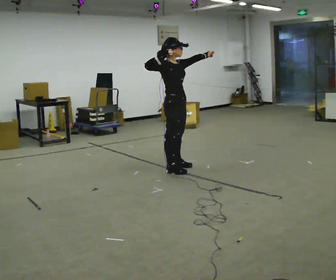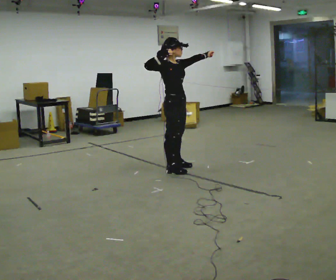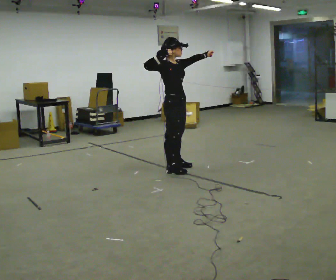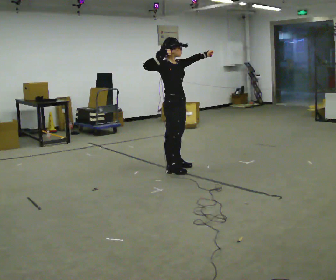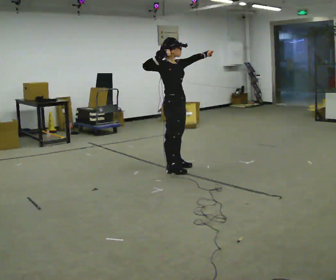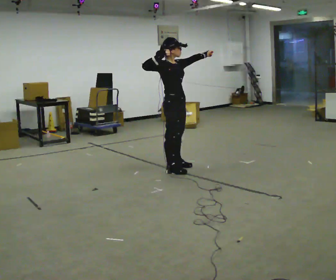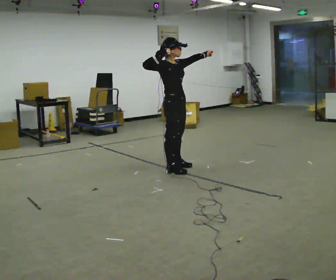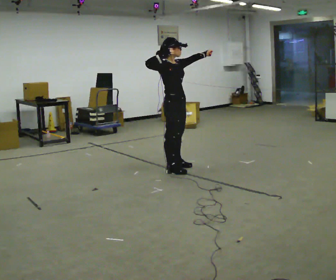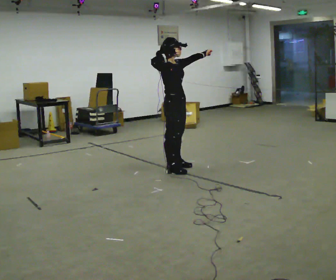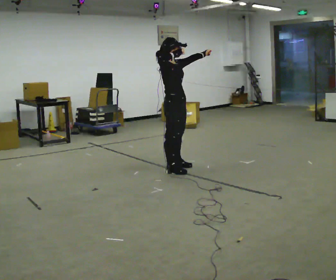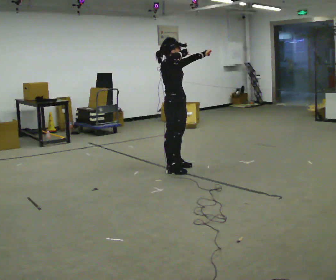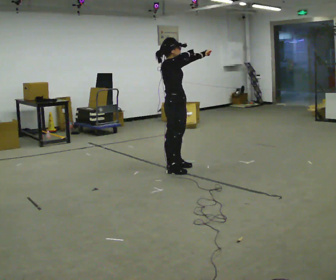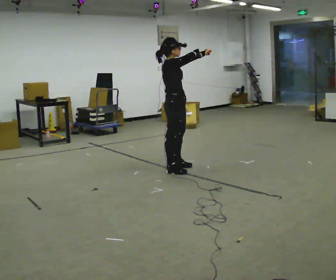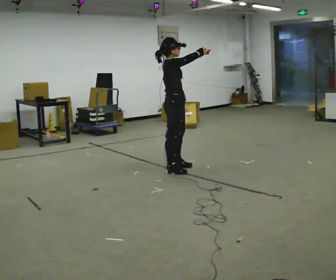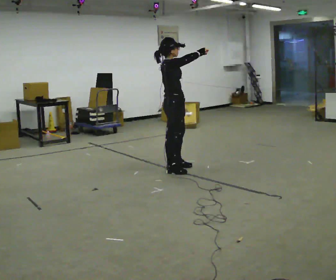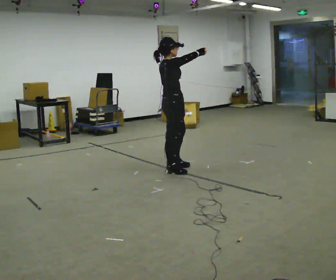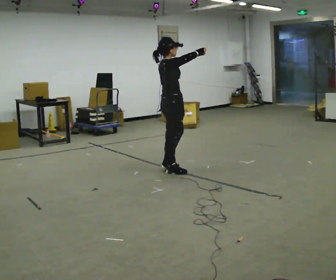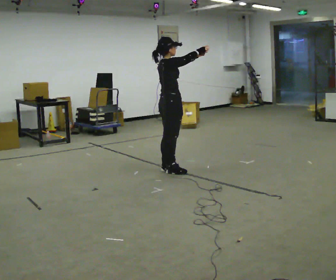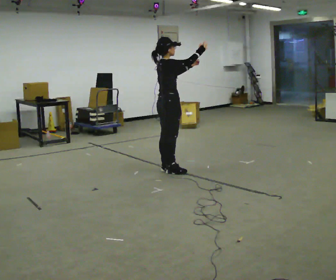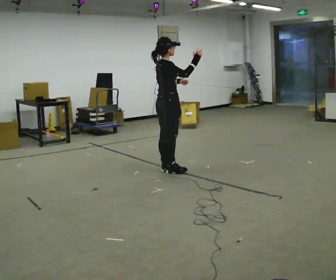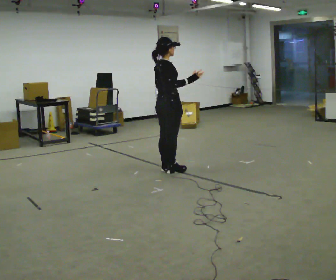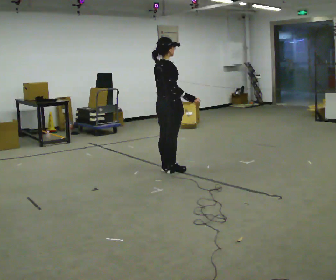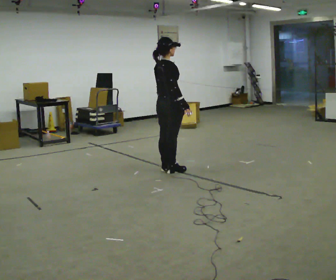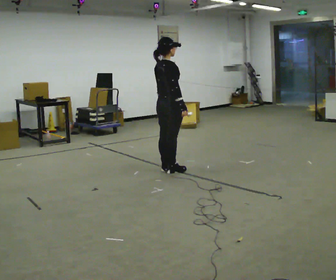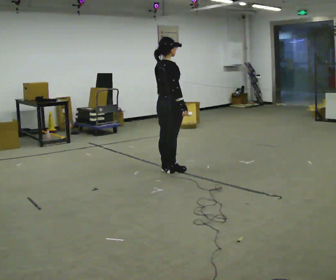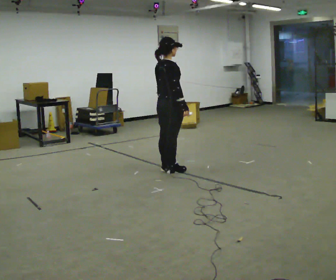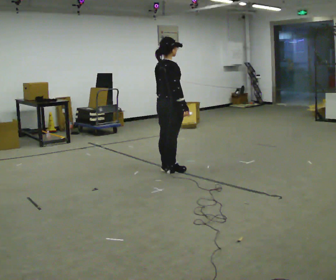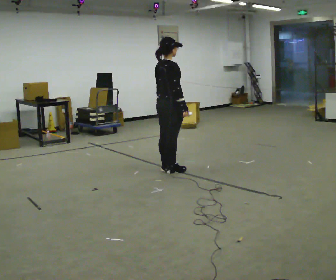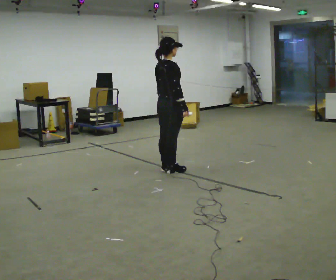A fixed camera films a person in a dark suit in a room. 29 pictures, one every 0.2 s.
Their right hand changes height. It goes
downward.
Their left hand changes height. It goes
downward.
0.0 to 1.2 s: The person keeps their place and pose.
1.2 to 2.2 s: In the picture their right hand goes to the right.
2.2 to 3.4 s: Seen from above the body turns counterclockwise, about 30 degrees: to their left, with its near side sliding to the right.
3.4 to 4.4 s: In the picture their left hand goes downward and to the left.
4.4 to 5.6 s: The person moves a little, or ends about where they began.
The film runs backward here.
